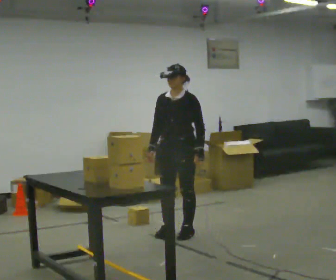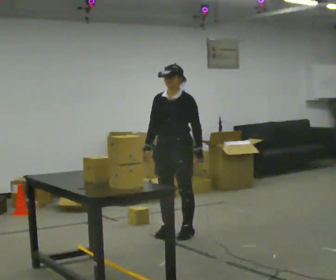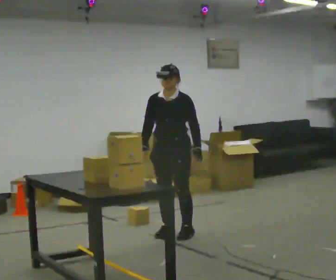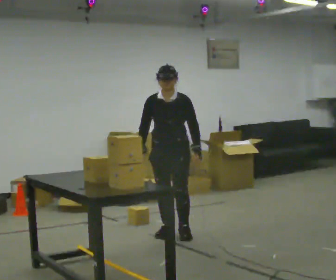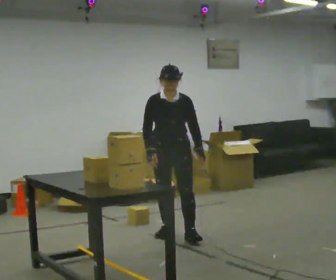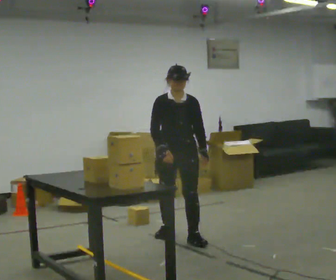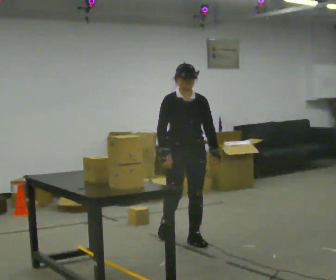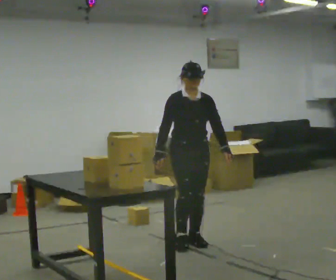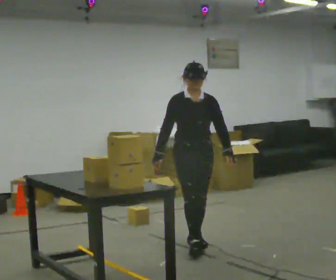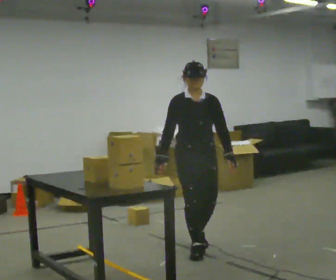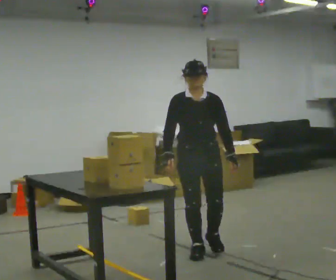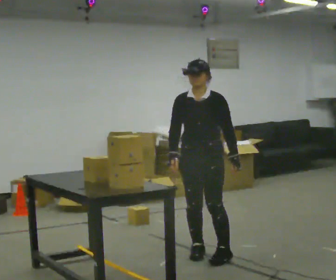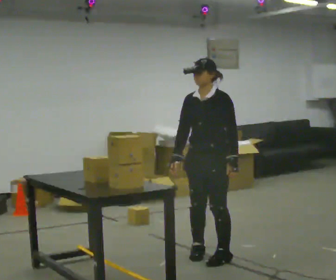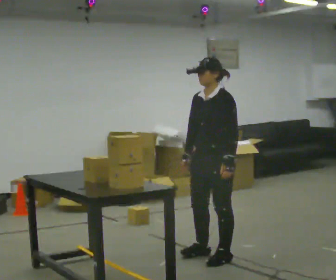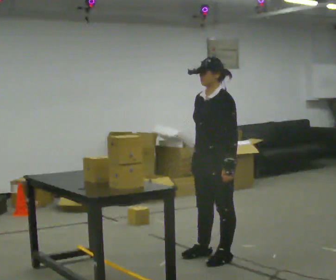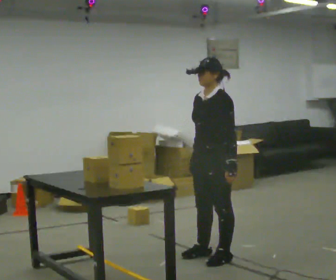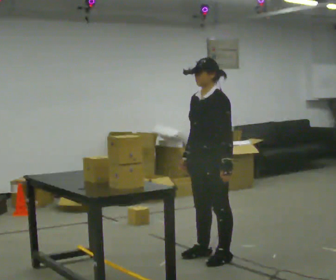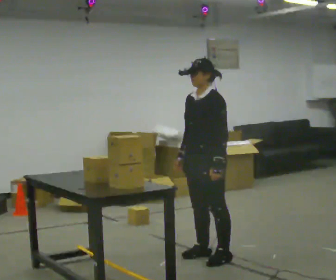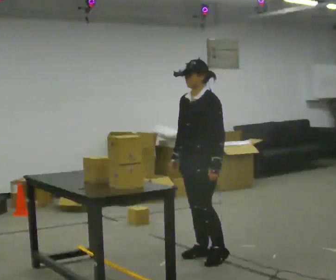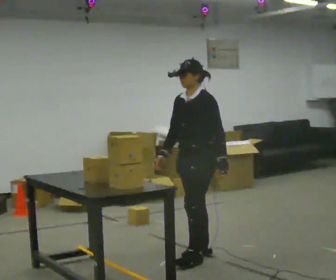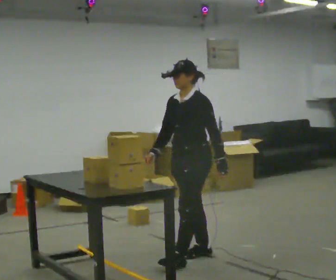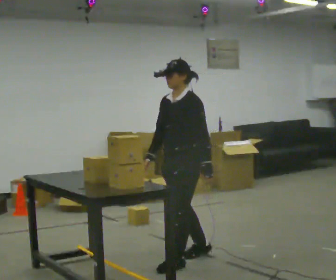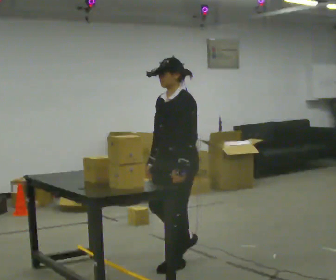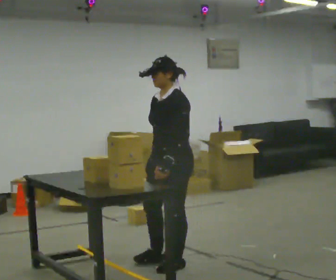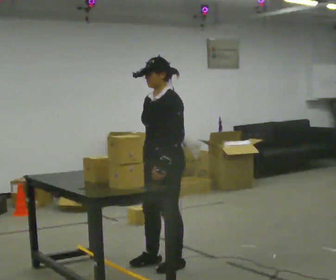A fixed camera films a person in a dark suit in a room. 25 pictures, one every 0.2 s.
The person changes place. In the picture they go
toward the camera.
The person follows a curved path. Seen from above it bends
clockwise.
0.0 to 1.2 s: Seen from above the body turns counterclockwise, about 45 degrees: to their left, with its near side sliding to the right. In the picture they go toward the camera, about 0.25 m in 1 step, which for them is forward.
1.2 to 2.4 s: The person turns about 60 degrees to their right, clockwise seen from above, so the part of the body nearest the lens slides to the left. In the picture they go toward the camera and to the right, about 0.5 m in 2 steps.
2.4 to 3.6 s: The person moves a little, or ends about where they began.
3.6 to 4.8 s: In the picture they go to the left and toward the camera, about 0.25 m in 2 steps, which for them is forward.
The film runs forward here.
